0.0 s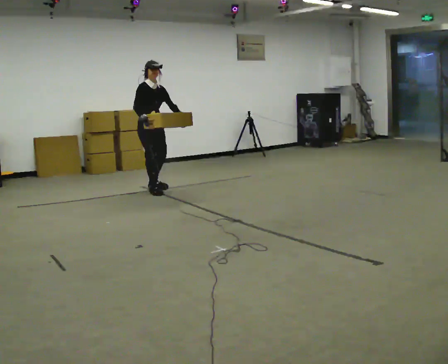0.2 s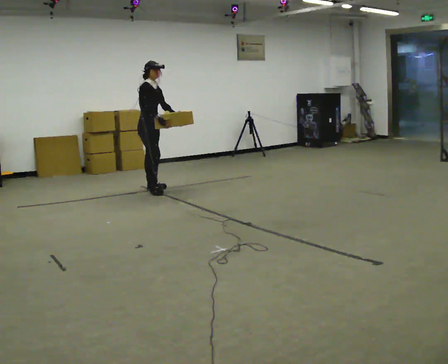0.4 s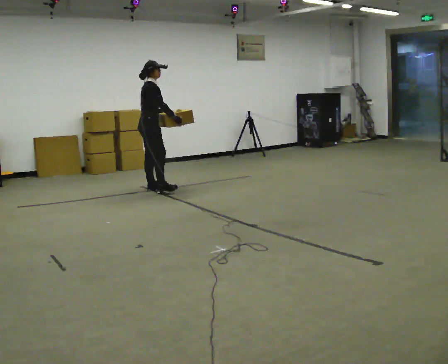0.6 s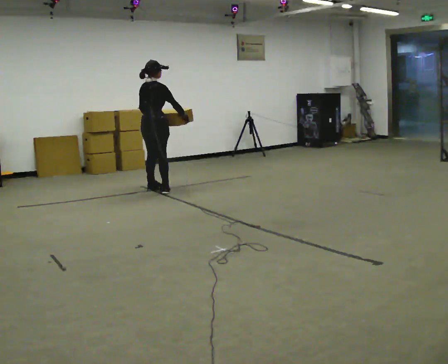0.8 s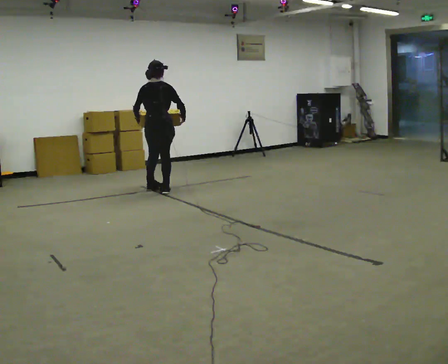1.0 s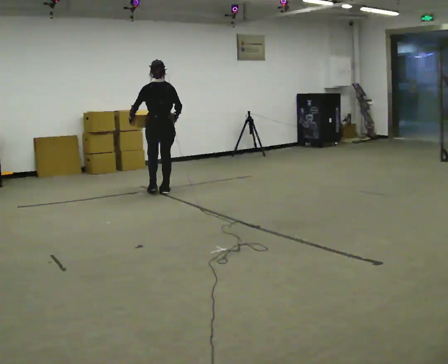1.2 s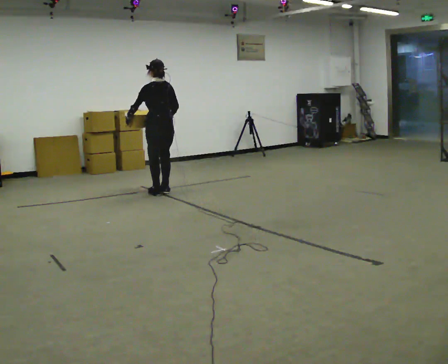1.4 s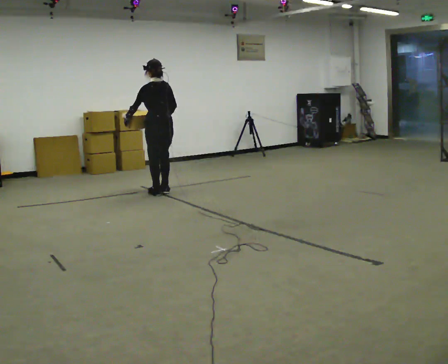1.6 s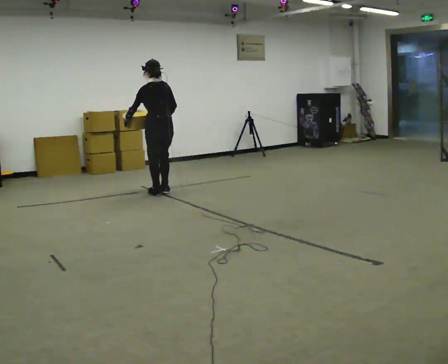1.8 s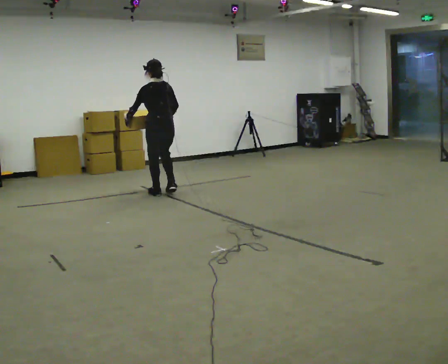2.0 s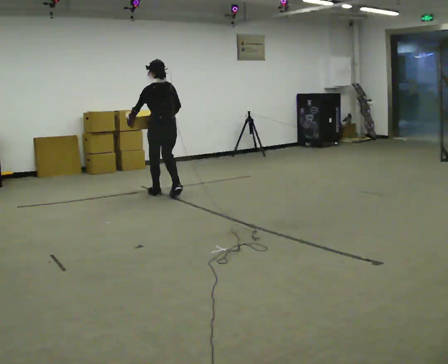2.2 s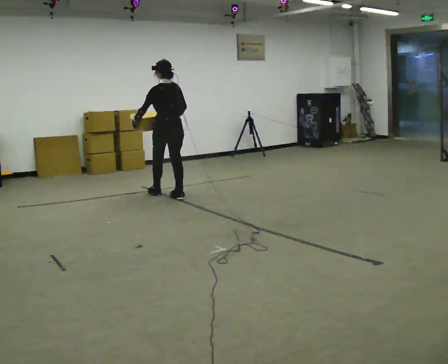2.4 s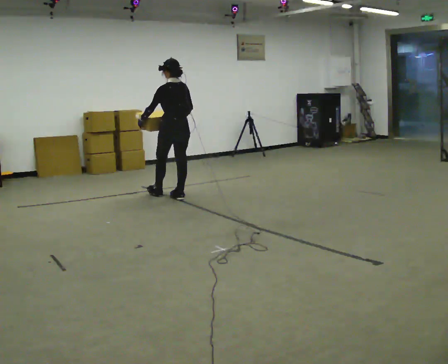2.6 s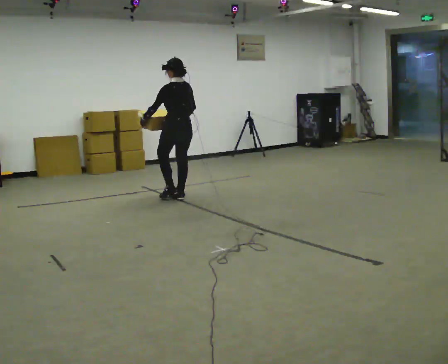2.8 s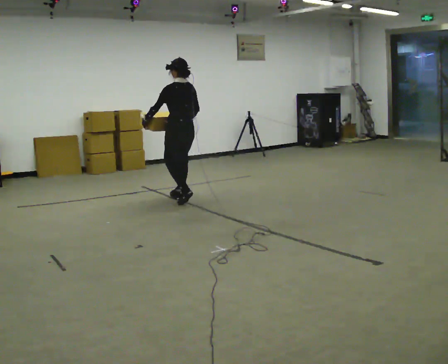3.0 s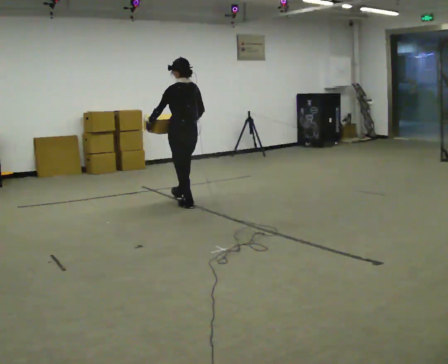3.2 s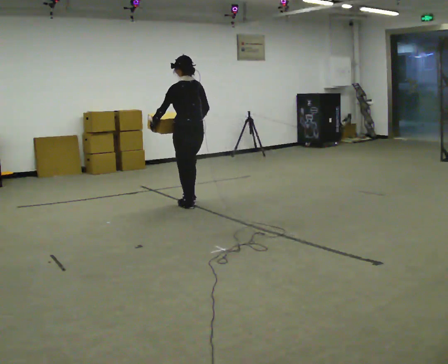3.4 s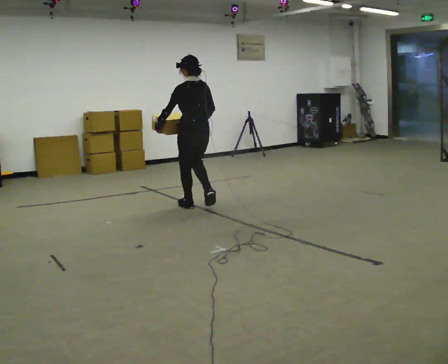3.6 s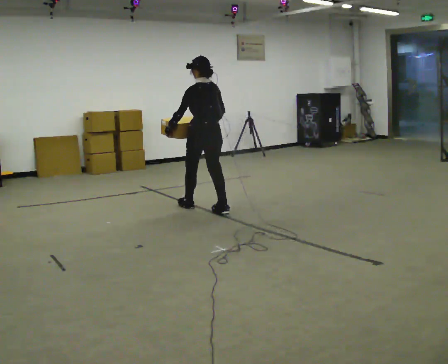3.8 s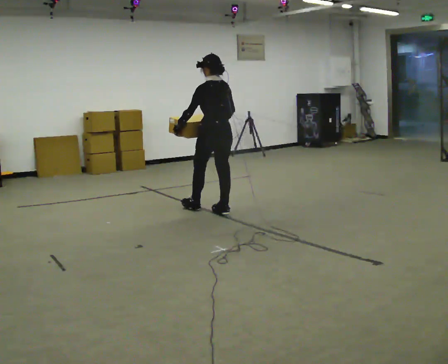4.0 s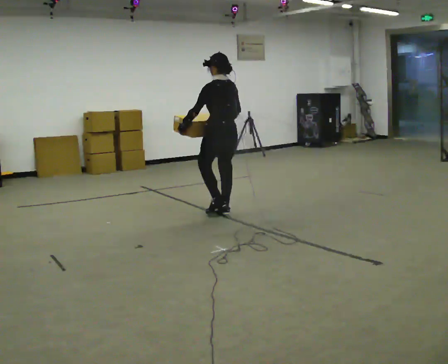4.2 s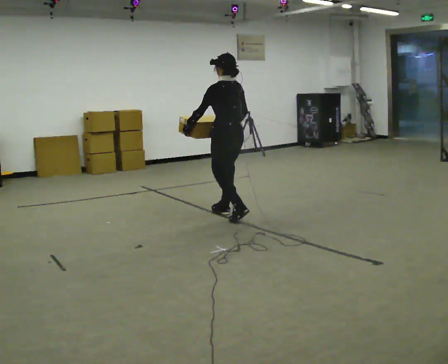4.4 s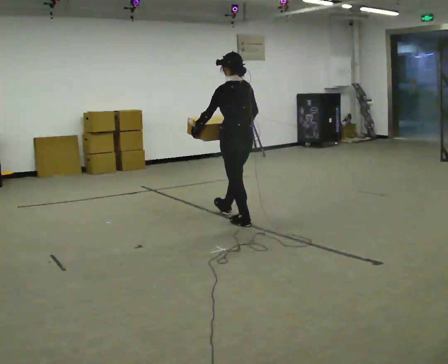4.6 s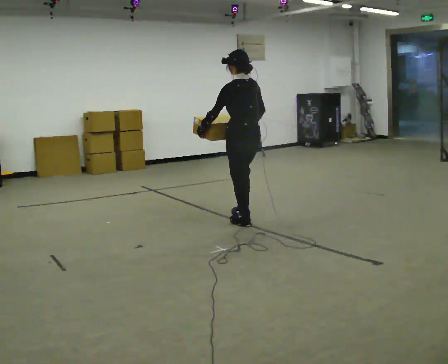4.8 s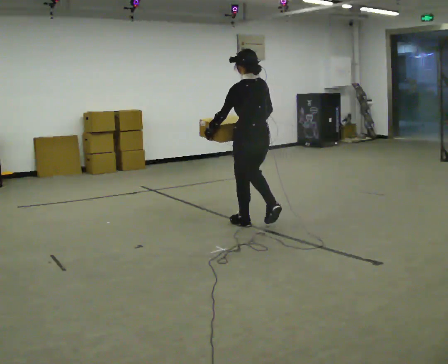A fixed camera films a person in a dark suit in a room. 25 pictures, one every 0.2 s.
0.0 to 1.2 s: Seen from above the body turns counterclockwise, about 165 degrees: to their left, with its near side sliding to the right. In the picture their left hand goes to the left, the arm swinging clockwise.
1.2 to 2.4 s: In the picture they go toward the camera and to the right, about 0.25 m in 2 steps, which for them is backward.
2.4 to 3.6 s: In the picture they go toward the camera and to the right, about 0.75 m in 1 step, which for them is backward.
3.6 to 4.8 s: In the picture they go toward the camera and to the right, about 1 m in 2 steps, which for them is backward.
The film runs backward here.
